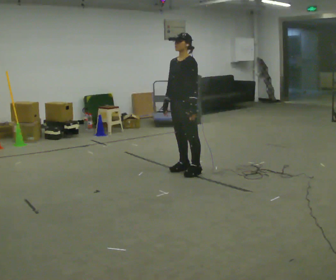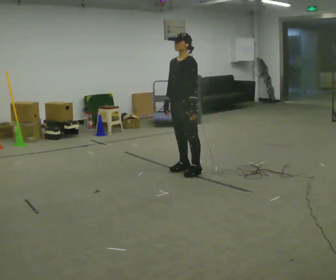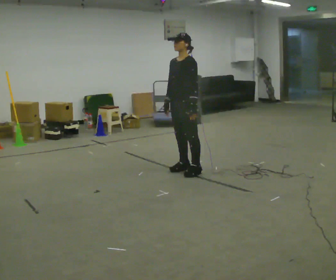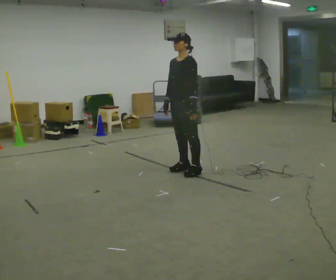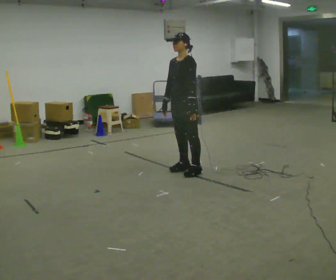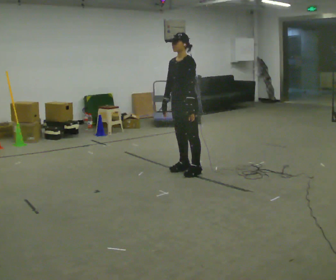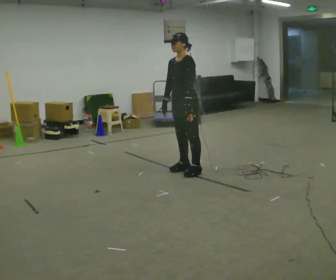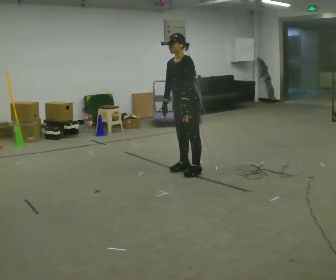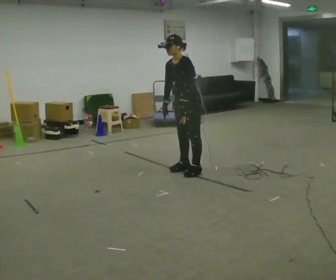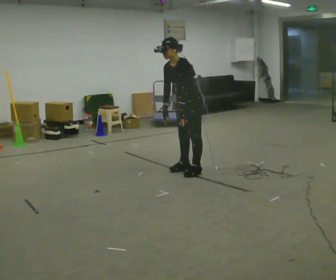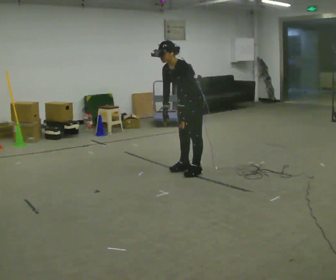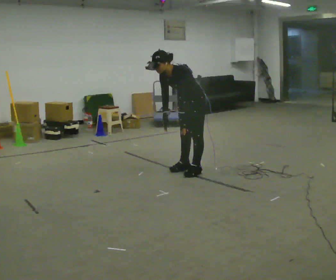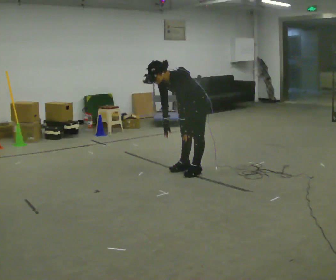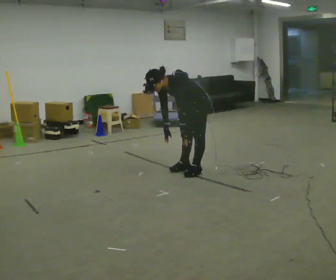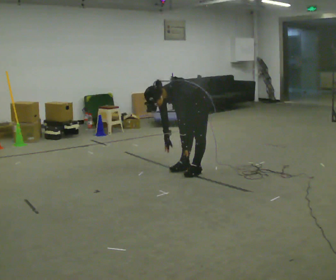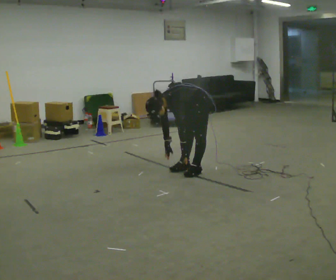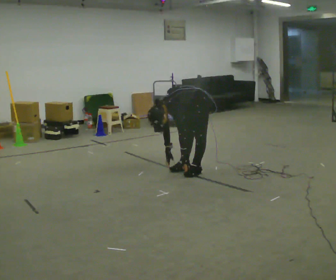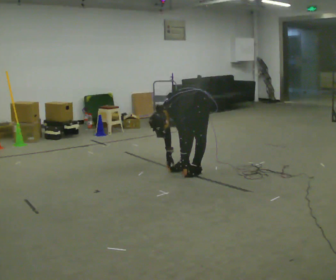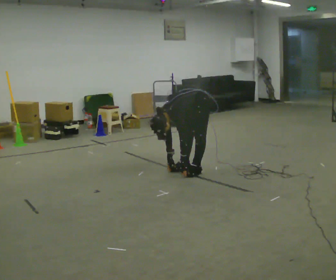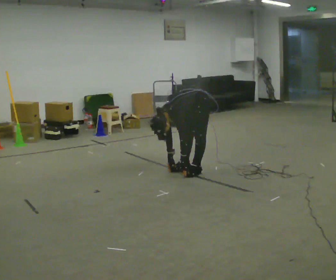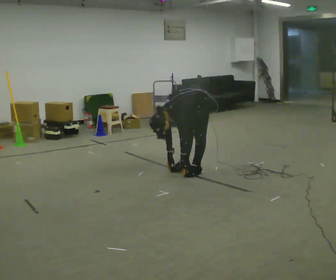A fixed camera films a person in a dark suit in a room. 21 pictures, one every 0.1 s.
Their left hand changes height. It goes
downward.
The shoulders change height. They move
downward.
0.0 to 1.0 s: In the picture the upper body tilts counterclockwise, shoulders to the left, as they bend forward.
1.0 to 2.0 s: The shoulders move downward. In the picture the upper body tilts counterclockwise, shoulders to the left, as they bend forward. In the picture their left hand goes downward.
The film runs backward here.
